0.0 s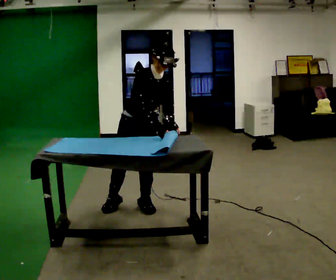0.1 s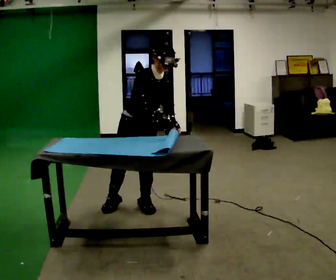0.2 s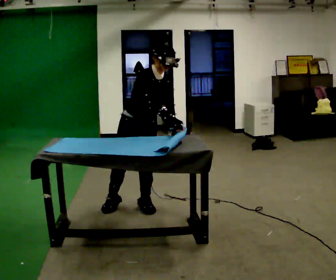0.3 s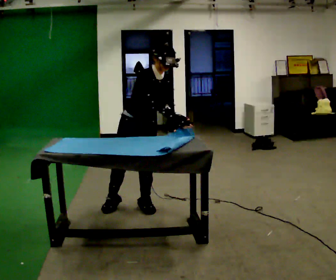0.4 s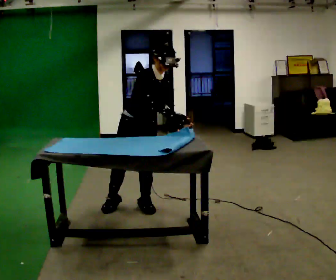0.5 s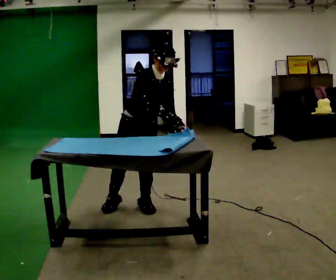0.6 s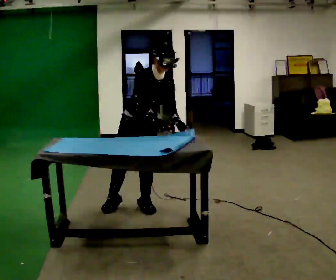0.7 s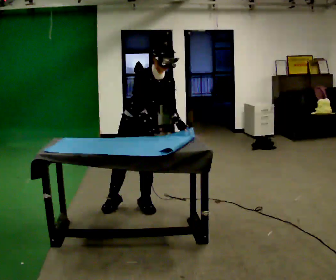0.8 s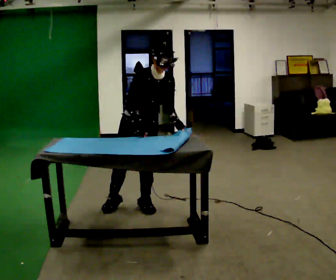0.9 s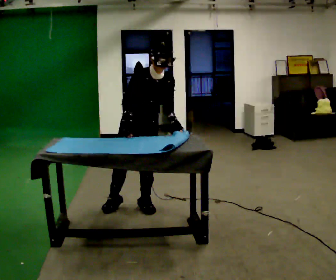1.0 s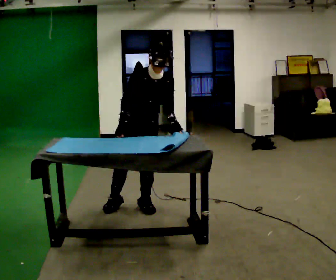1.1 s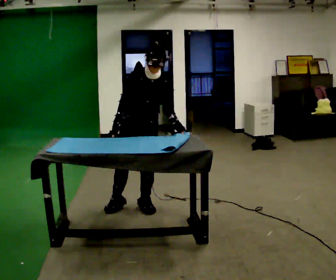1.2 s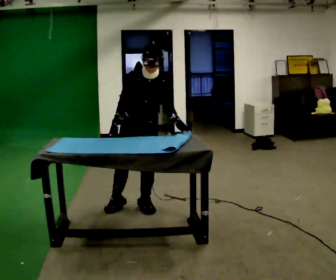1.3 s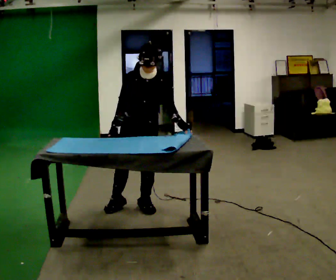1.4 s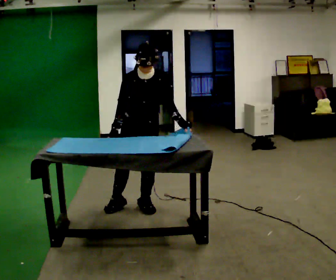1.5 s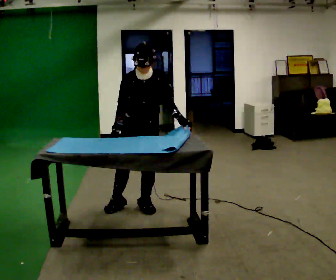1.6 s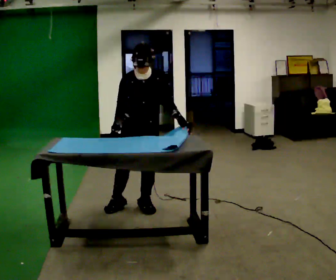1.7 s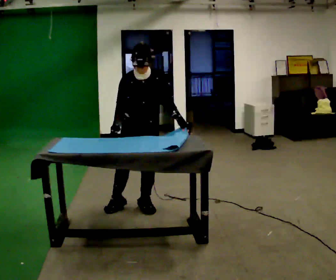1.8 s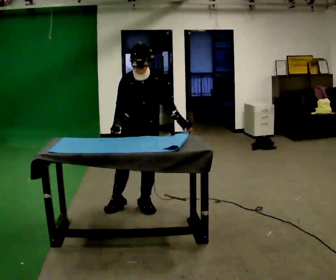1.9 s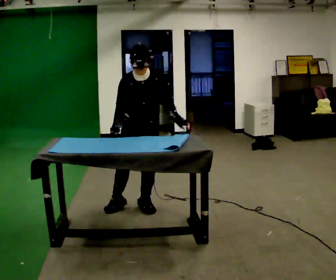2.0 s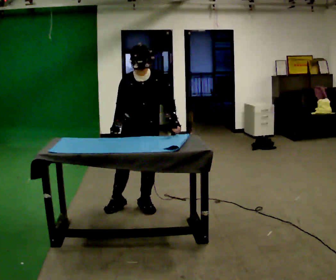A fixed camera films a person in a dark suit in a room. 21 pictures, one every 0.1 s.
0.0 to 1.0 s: In the picture their right hand goes to the left.
1.0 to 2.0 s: In the picture the upper body tilts counterclockwise, shoulders to the left.
The film runs forward here.
